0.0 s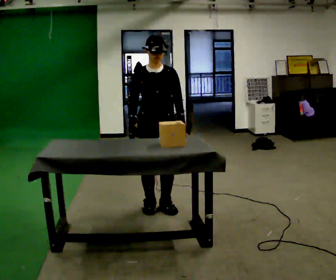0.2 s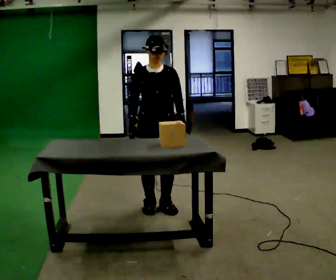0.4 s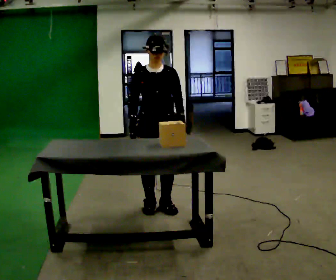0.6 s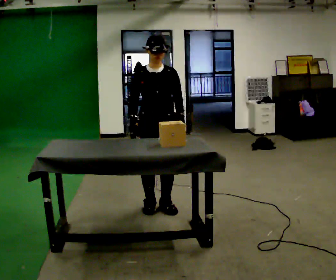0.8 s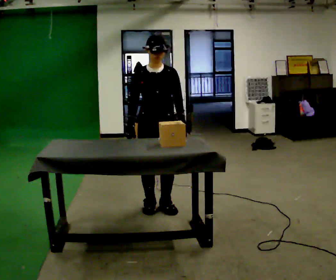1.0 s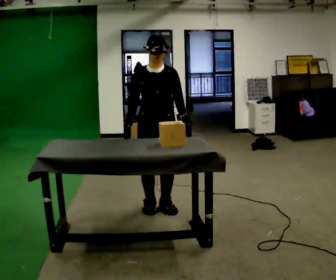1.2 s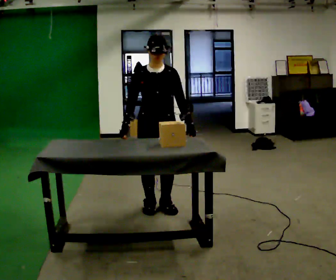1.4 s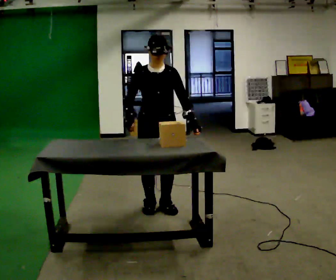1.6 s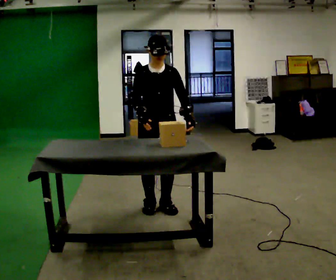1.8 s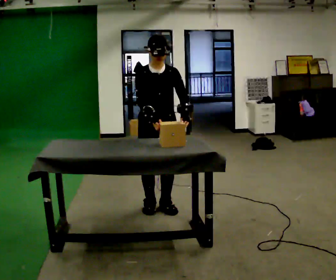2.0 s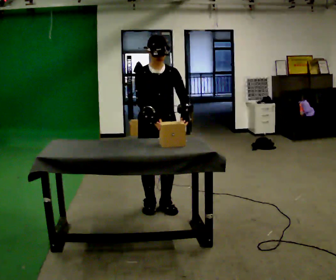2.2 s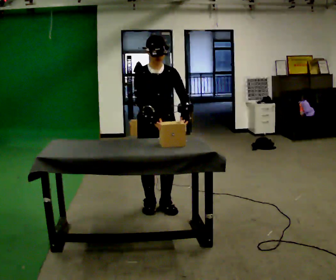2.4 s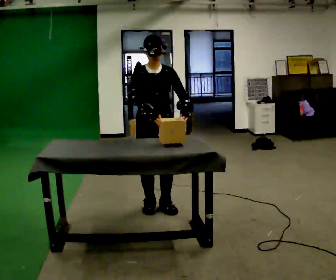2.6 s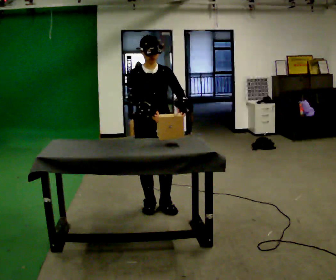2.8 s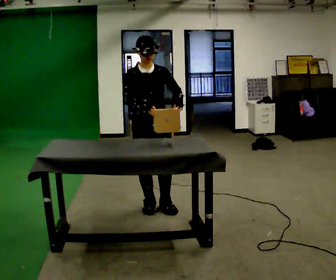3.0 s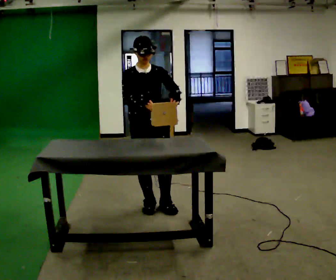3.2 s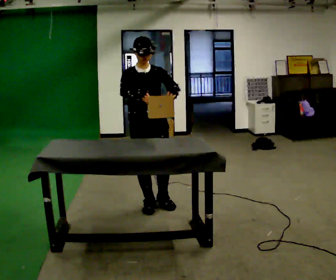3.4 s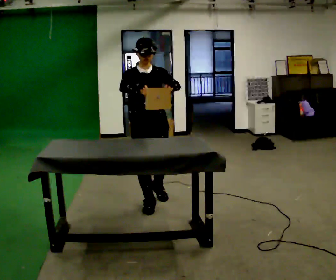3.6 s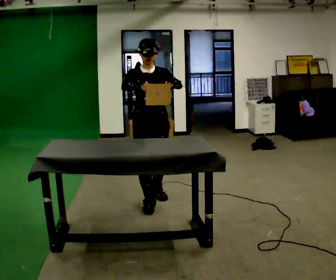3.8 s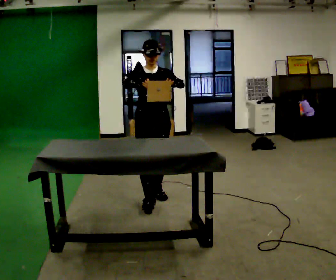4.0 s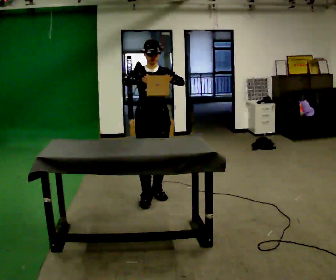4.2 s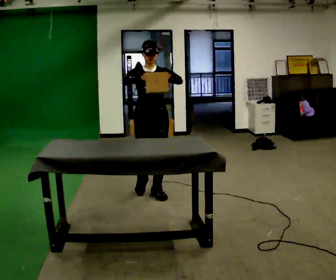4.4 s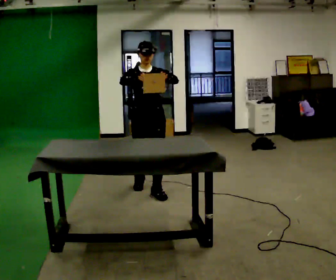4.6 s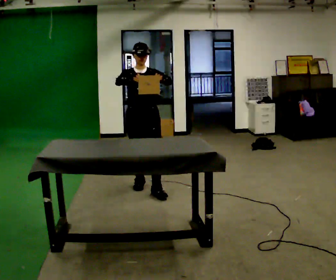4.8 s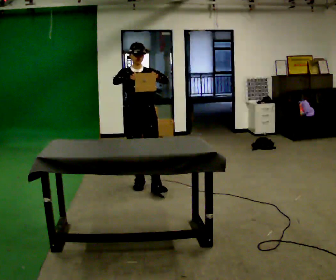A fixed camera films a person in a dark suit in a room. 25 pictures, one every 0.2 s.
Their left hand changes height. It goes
upward.
Their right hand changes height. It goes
upward.
0.0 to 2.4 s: The person moves a little, or ends about where they began.
2.4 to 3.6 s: In the picture they go away from the camera, about 0.25 m in 1 step, which for them is backward.
3.6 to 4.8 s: In the picture they go away from the camera, about 0.5 m in 2 steps, which for them is backward.
The film runs backward here.
